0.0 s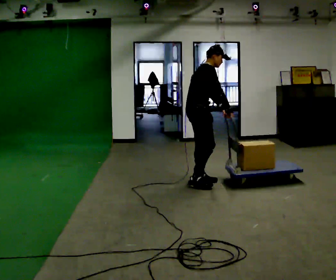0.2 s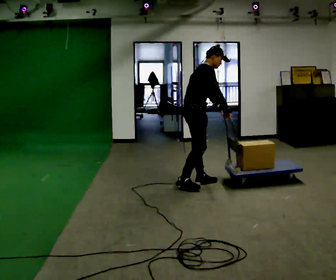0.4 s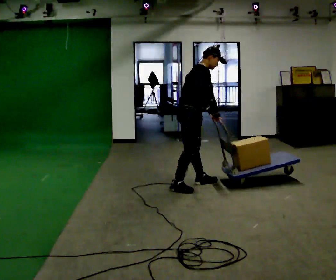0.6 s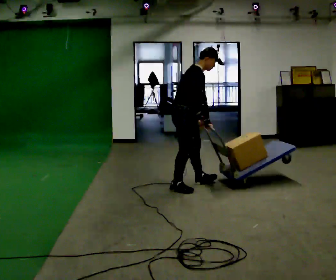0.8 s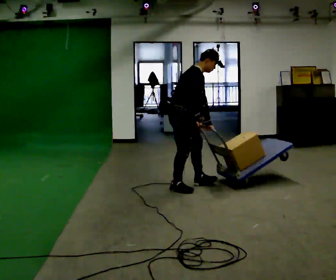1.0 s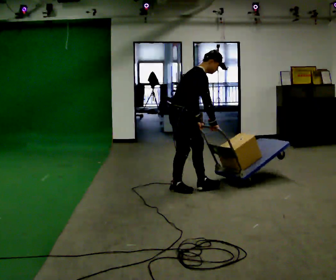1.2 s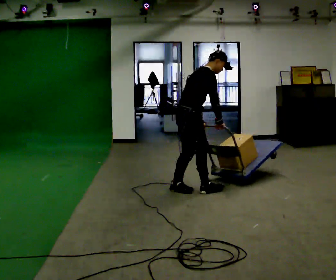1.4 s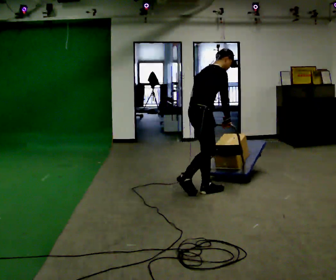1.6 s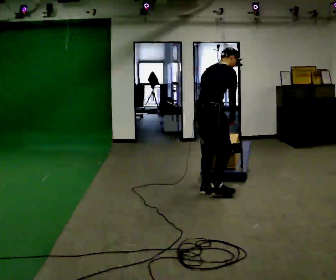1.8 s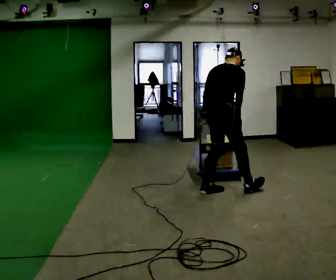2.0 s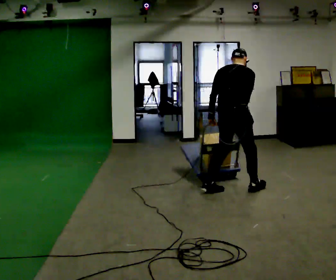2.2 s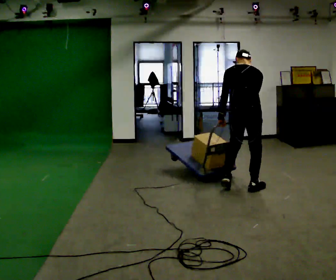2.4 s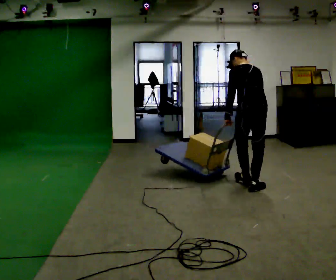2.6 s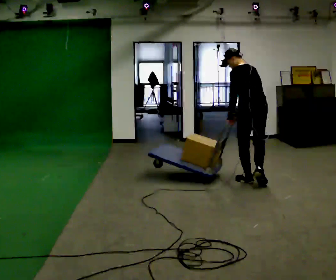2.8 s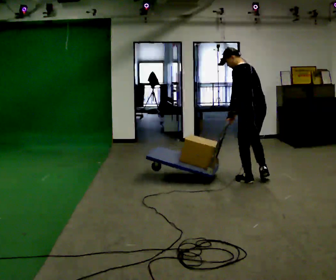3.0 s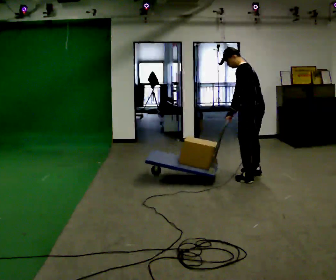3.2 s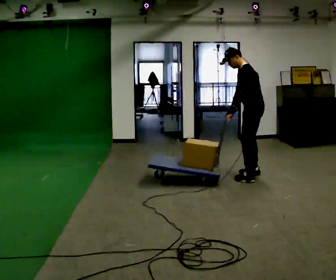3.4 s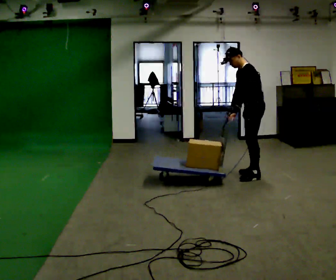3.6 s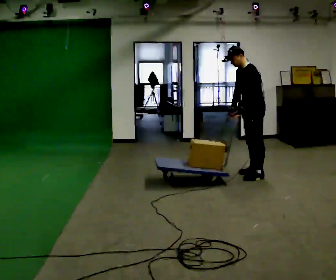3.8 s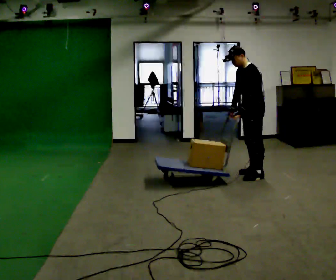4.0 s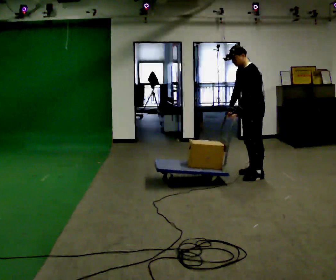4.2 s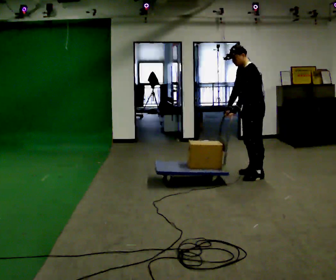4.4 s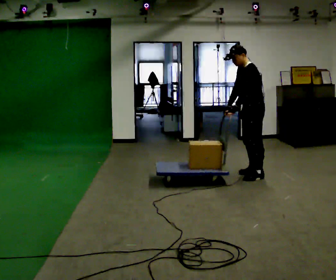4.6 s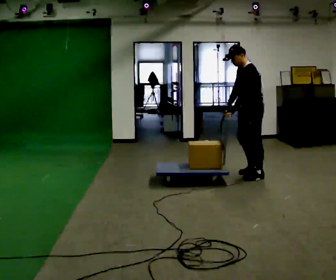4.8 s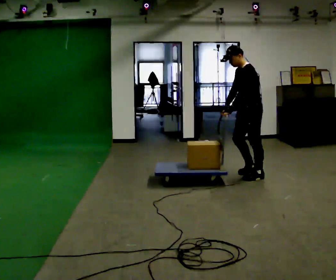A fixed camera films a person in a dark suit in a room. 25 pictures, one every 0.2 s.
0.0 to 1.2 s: In the picture they go toward the camera, about 0.25 m in 2 steps, which for them is to their right.
1.2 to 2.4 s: Seen from above the body turns counterclockwise, about 105 degrees: to their left, with its near side sliding to the right. In the picture they go to the right, about 0.5 m in 1 step. In the picture the upper body tilts counterclockwise, shoulders to the left.
2.4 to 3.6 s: The person turns about 90 degrees to their left, counterclockwise seen from above, so the part of the body nearest the lens slides to the right. In the picture they go away from the camera, about 0.5 m in 3 steps. The upper body tips toward the camera, its near side rolling downward.
3.6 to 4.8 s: The person moves a little, or ends about where they began.
The film runs forward here.
